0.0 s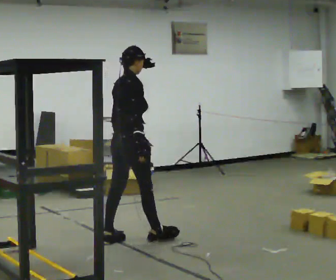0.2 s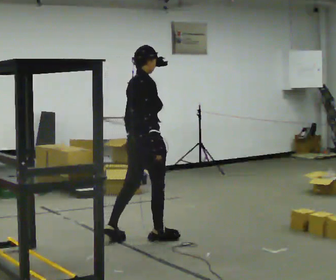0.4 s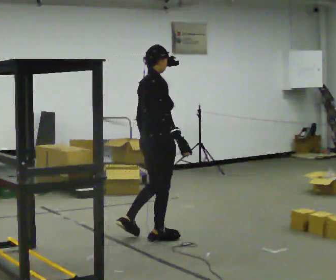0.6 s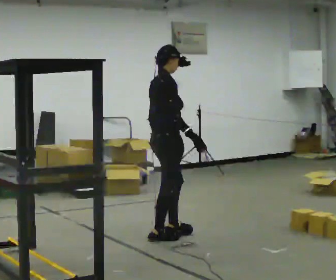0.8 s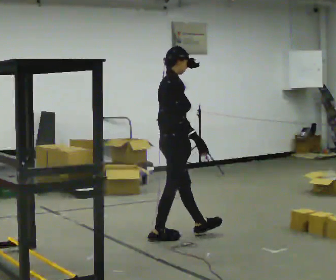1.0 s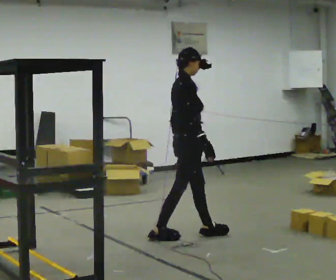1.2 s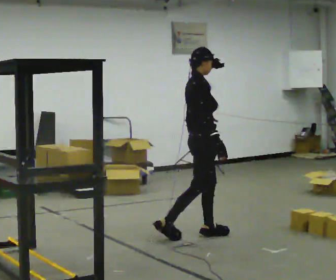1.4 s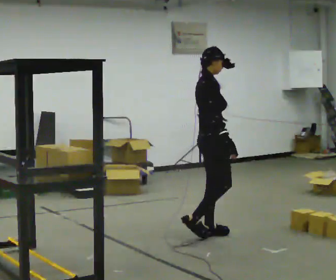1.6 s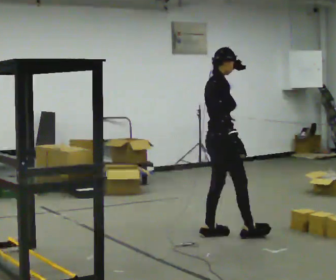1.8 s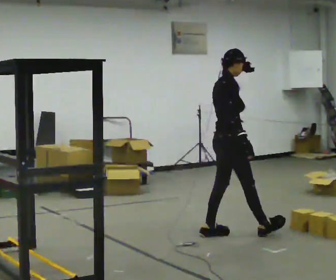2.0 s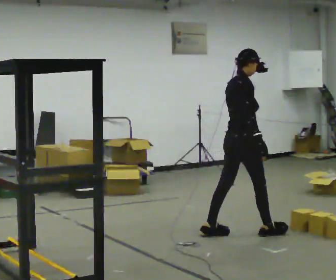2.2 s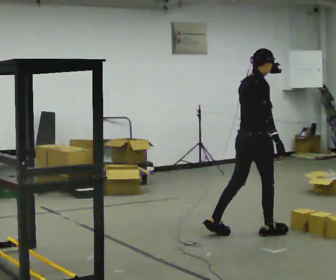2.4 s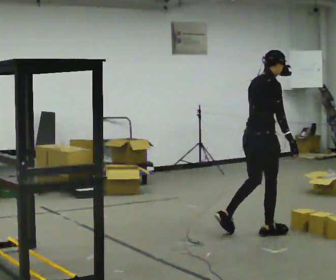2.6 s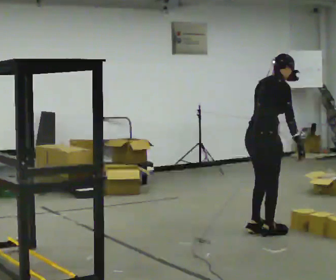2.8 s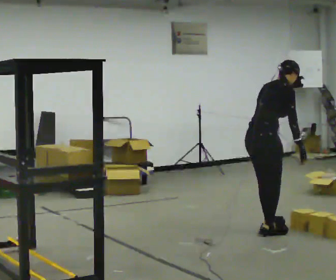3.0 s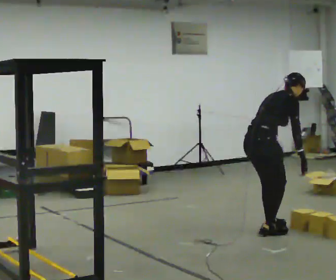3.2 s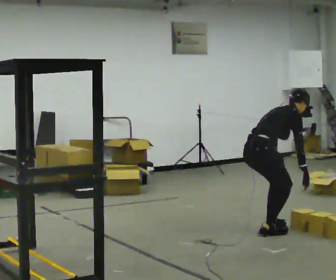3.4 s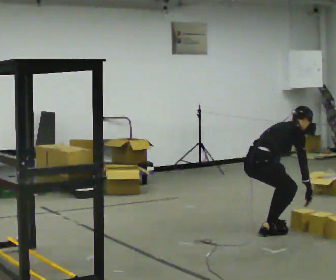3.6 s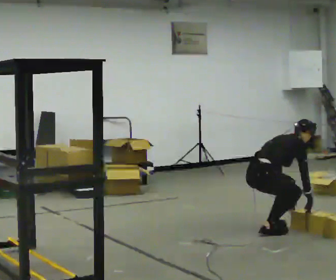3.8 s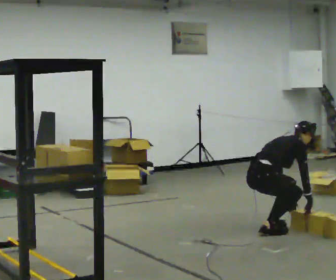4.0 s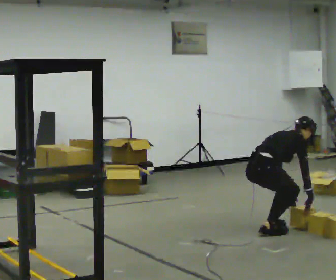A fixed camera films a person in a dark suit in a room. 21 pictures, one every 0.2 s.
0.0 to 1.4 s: Seen from above the body turns clockwise, about 30 degrees: to their right, with its near side sliding to the left. In the picture they go to the right and away from the camera, about 0.5 m in 1 step, which for them is forward.
1.4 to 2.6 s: Seen from above the body turns counterclockwise, about 30 degrees: to their left, with its near side sliding to the right. In the picture they go to the right, about 0.5 m in 1 step, which for them is forward. In the picture the upper body tilts clockwise, shoulders to the right, as they bend forward.
2.6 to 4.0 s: The shoulders move downward. In the picture the upper body tilts clockwise, shoulders to the right, as they bend forward. In the picture their left hand goes downward.
The film runs forward here.
